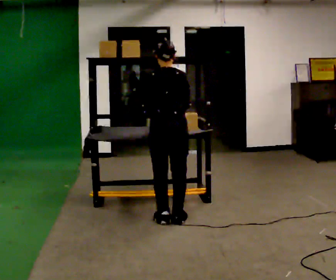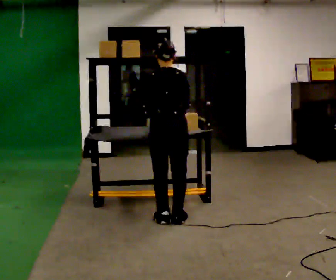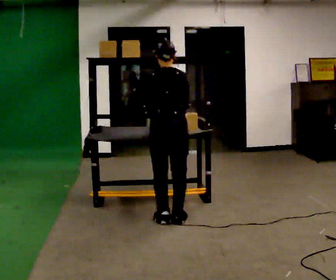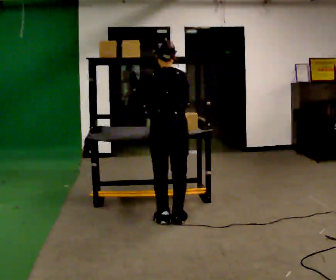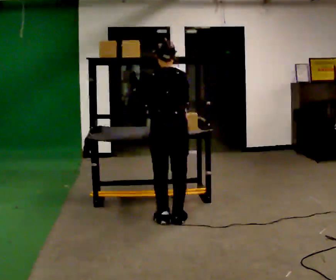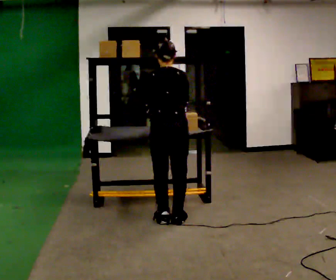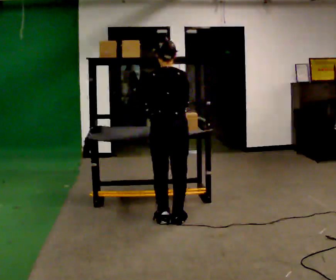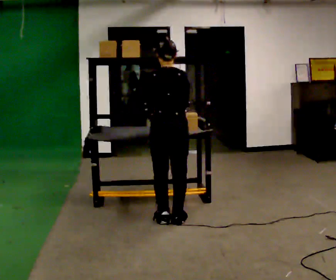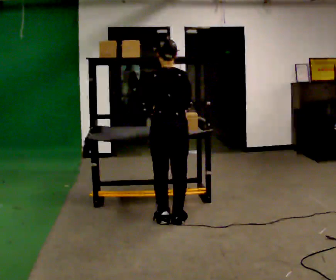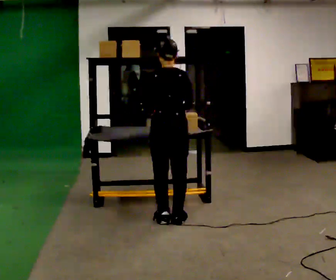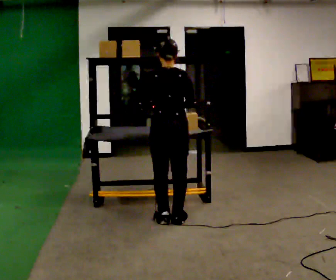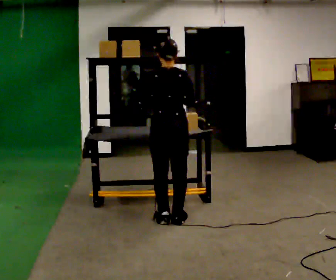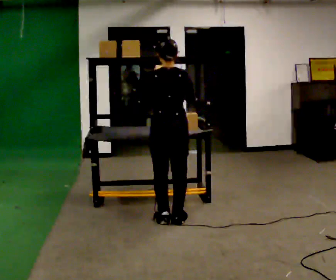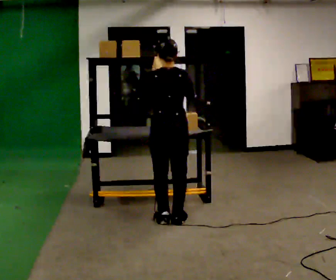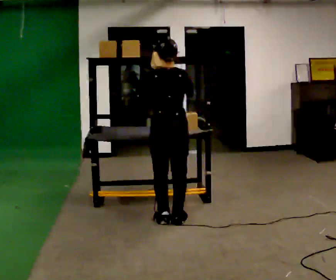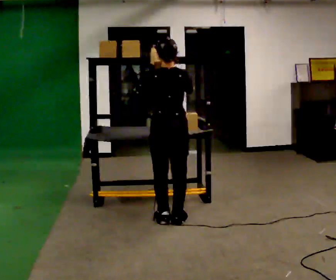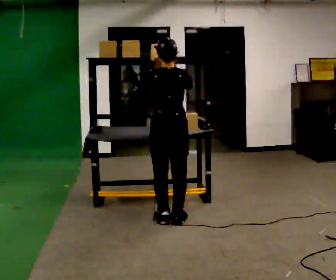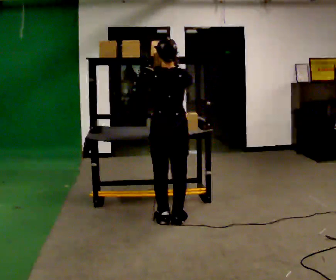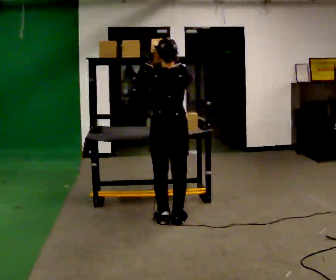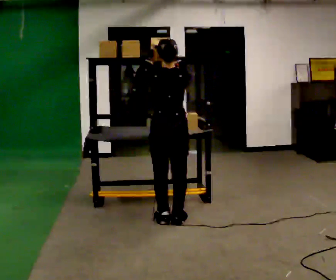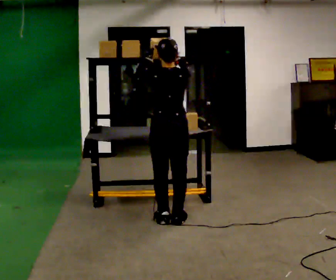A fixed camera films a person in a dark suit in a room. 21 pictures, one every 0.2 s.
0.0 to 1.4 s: The person moves a little, or ends about where they began.
1.4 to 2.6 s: In the picture their left hand goes upward.
2.6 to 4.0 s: The person moves a little, or ends about where they began.
The film runs backward here.
